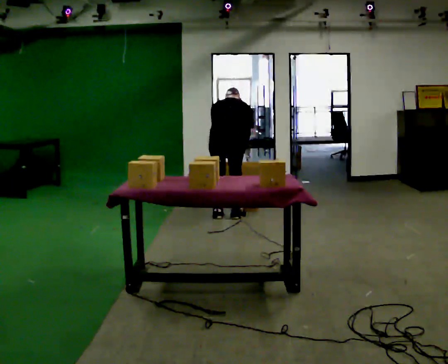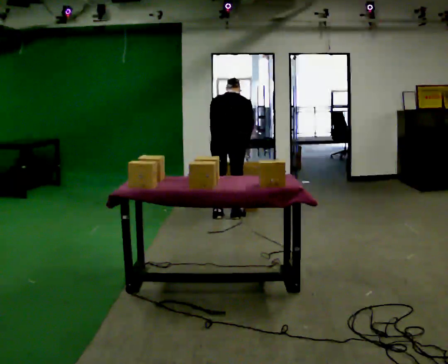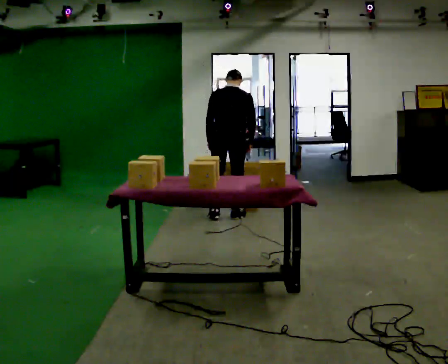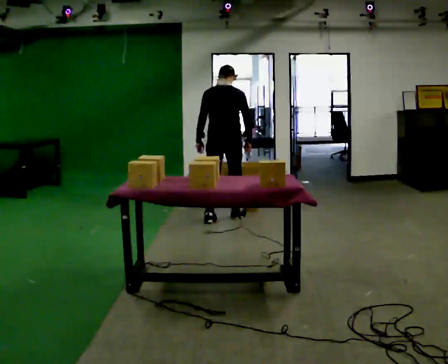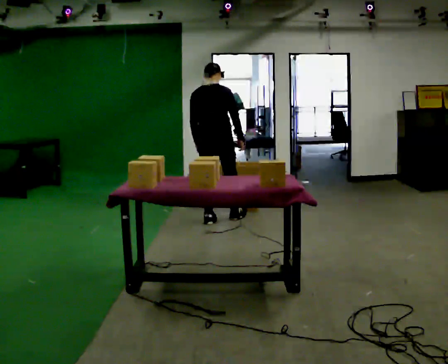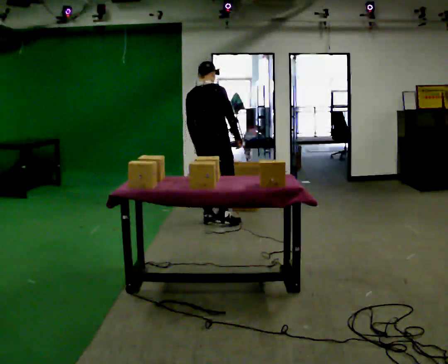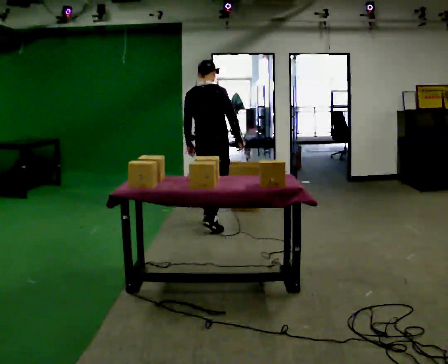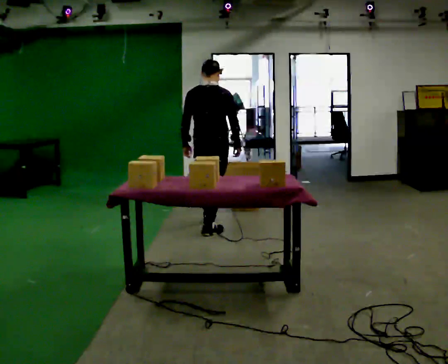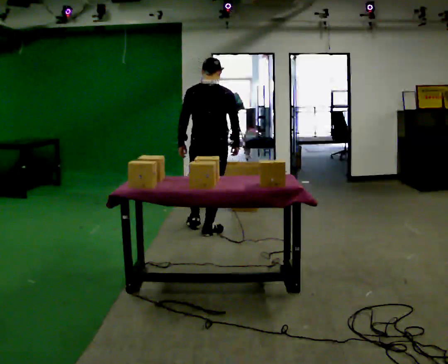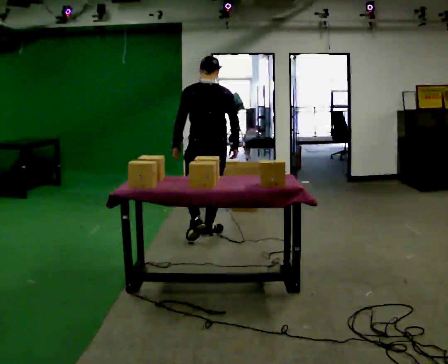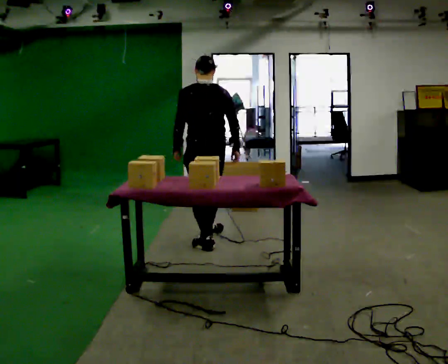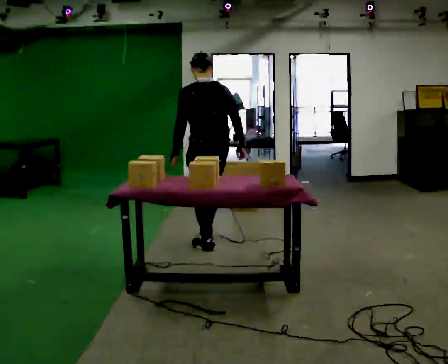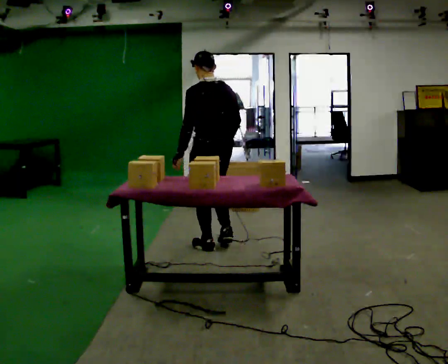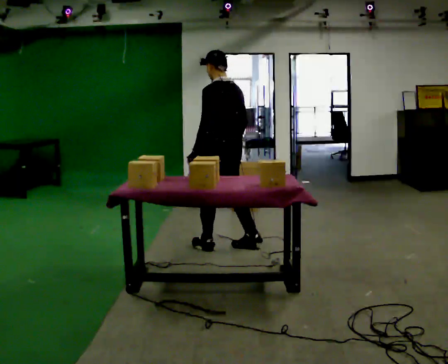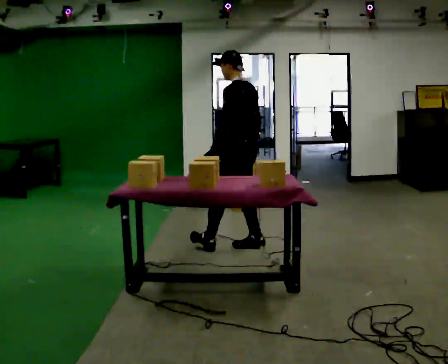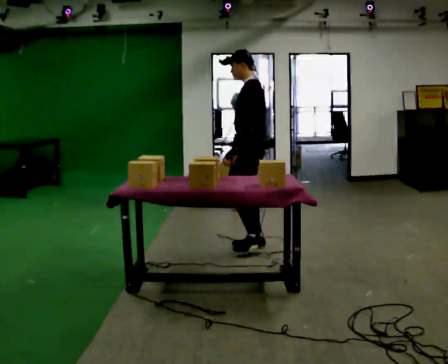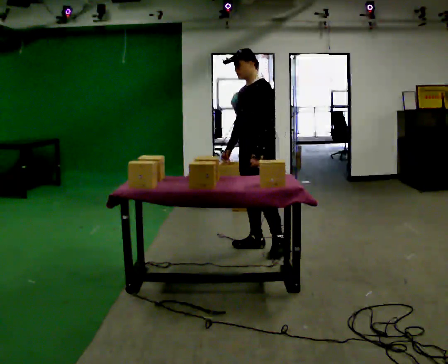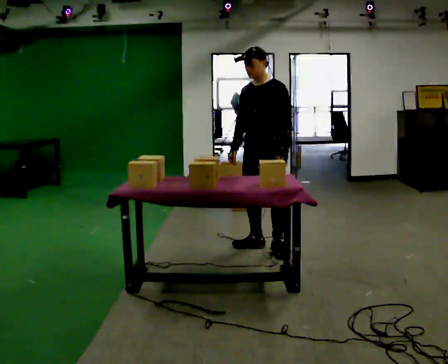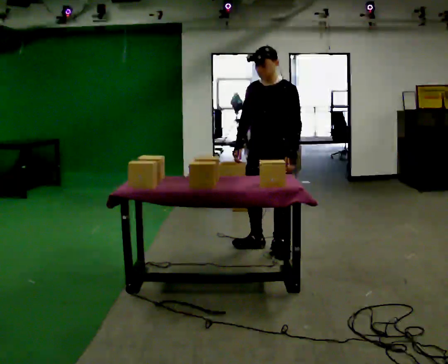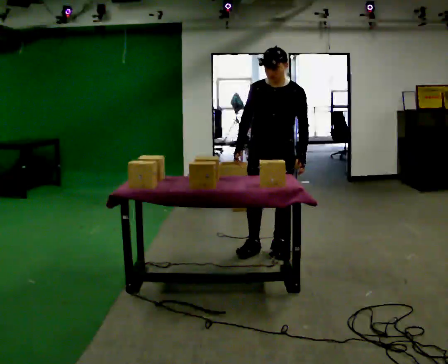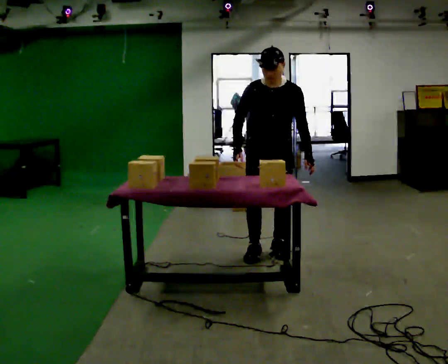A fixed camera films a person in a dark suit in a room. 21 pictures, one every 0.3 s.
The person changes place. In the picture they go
toward the camera.
The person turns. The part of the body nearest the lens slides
to the right.
0.0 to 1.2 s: The upper body goes upward. The upper body tips toward the camera, its near side rolling downward, as they lean back or straighten.
1.2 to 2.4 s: In the picture they go toward the camera, about 0.5 m in 1 step, which for them is backward.
2.4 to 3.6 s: The person turns about 45 degrees to their left, counterclockwise seen from above, so the part of the body nearest the lens slides to the right. In the picture they go toward the camera, about 0.5 m in 1 step, which for them is backward.
3.6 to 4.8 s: Seen from above the body turns counterclockwise, about 75 degrees: to their left, with its near side sliding to the right. In the picture they go to the right, about 0.5 m in 1 step.
4.8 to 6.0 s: Seen from above the body turns counterclockwise, about 60 degrees: to their left, with its near side sliding to the right. In the picture they go toward the camera, about 0.25 m, which for them is to their left. The upper body tips toward the camera, its near side rolling downward, as they bend forward. In the picture their left hand goes to the right.
The film runs backward here.
